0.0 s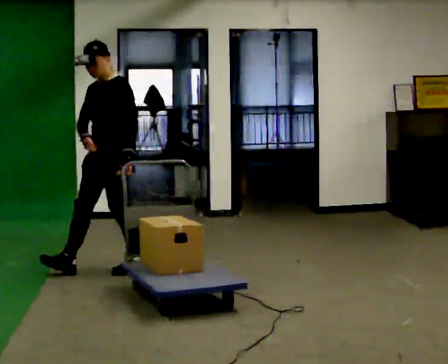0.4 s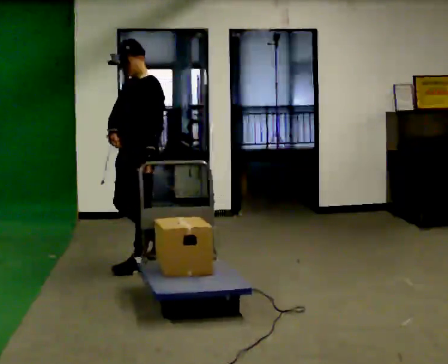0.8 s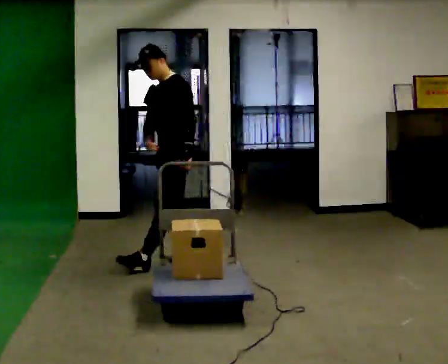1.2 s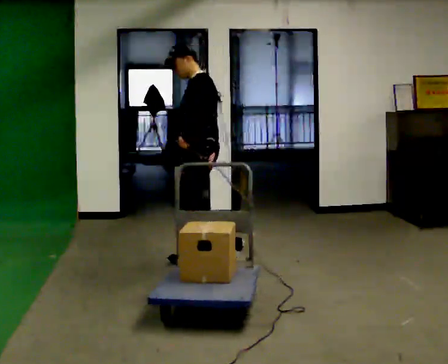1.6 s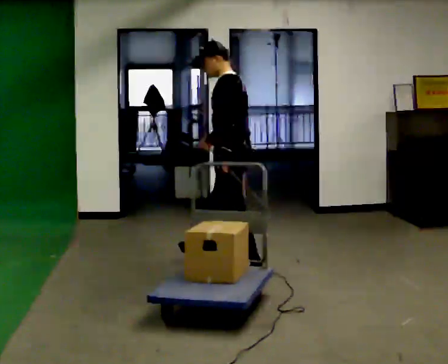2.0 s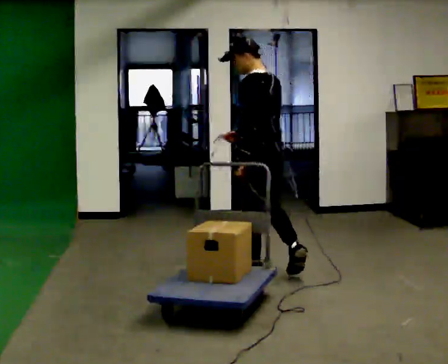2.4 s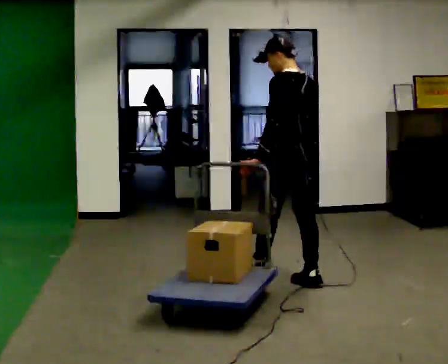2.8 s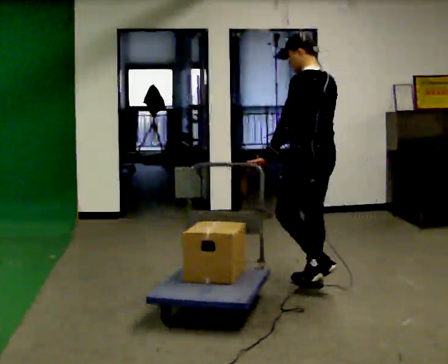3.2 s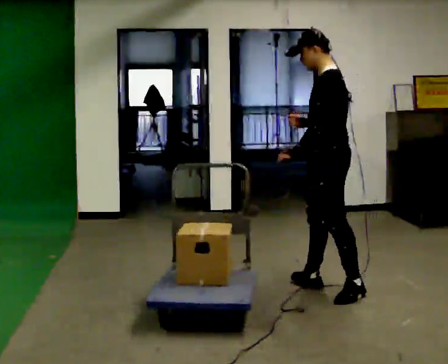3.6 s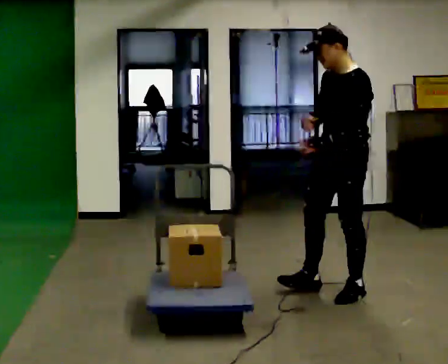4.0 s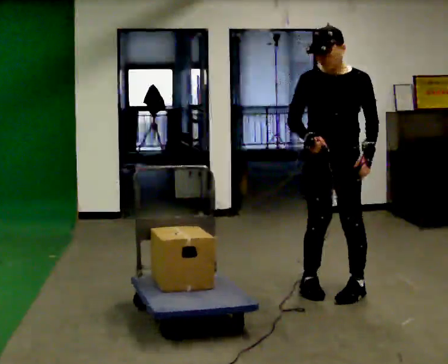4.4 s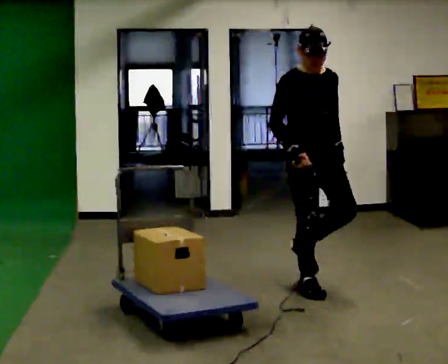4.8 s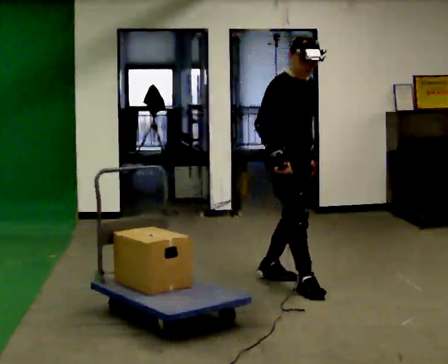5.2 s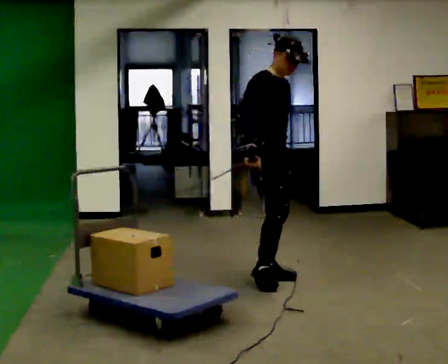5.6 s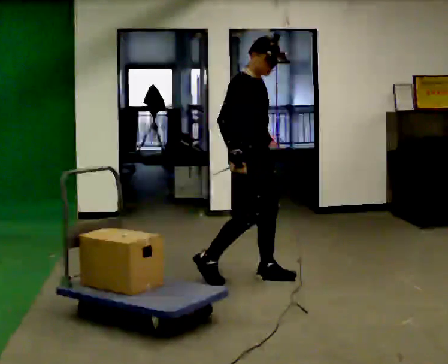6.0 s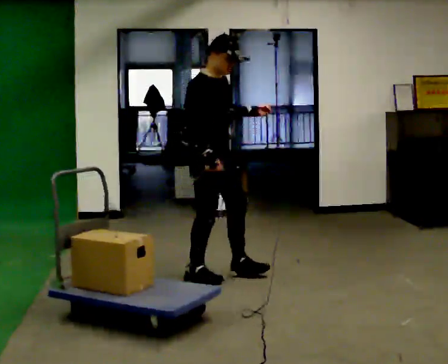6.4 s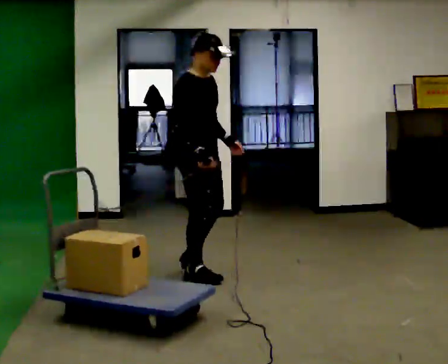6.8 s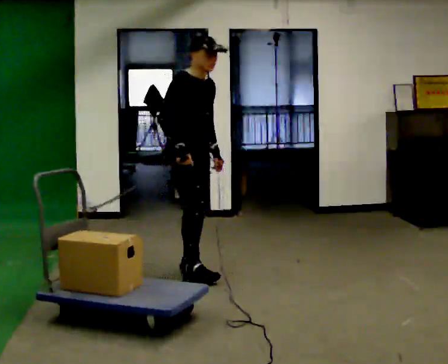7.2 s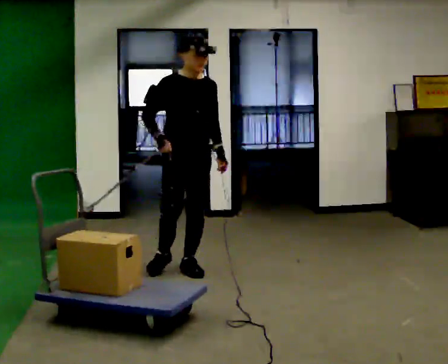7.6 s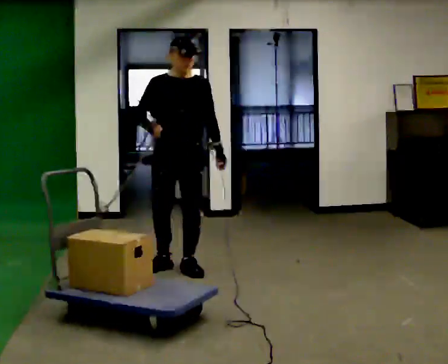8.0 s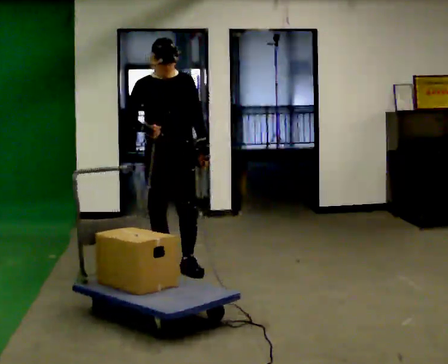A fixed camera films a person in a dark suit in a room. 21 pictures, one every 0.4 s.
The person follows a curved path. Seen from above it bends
clockwise.
0.0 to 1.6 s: The part of the body nearest the lens slides to the left as the person turns to their right by about 60 degrees. In the picture they go to the right, about 1 m in 2 steps, which for them is backward.
1.6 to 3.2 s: In the picture they go to the right and toward the camera, about 1 m in 1 step, which for them is backward.
3.2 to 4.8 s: The person turns about 150 degrees to their left, counterclockwise seen from above, so the part of the body nearest the lens slides to the right. In the picture they go to the left, about 0.25 m in 3 steps.
4.8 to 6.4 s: In the picture they go to the left, about 0.75 m in 2 steps, which for them is backward.
6.4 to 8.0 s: The person turns about 60 degrees to their right, clockwise seen from above, so the part of the body nearest the lens slides to the left. In the picture they go away from the camera and to the left, about 0.25 m in 1 step.
The film runs backward here.
